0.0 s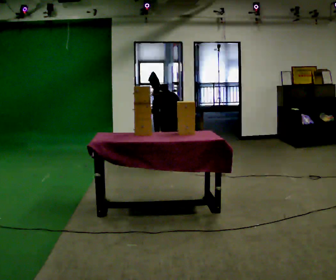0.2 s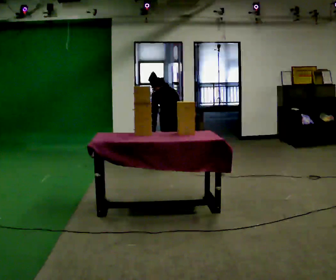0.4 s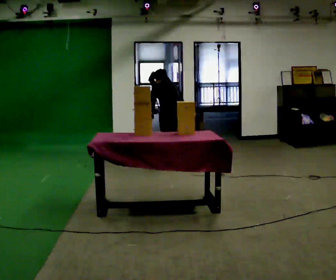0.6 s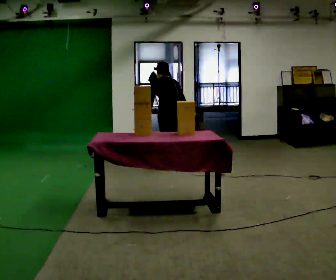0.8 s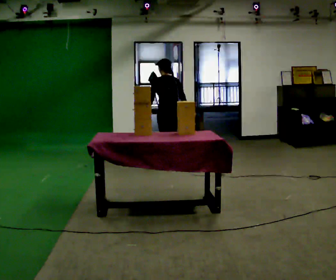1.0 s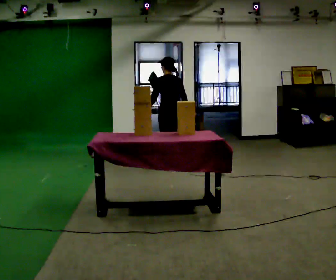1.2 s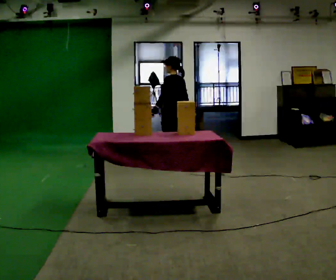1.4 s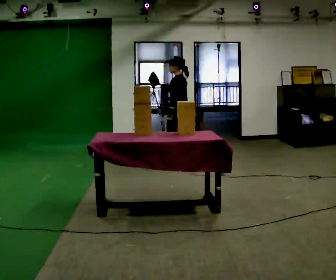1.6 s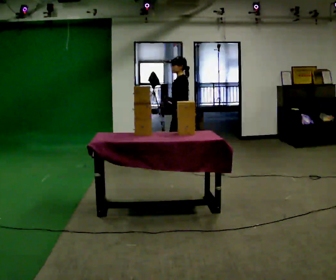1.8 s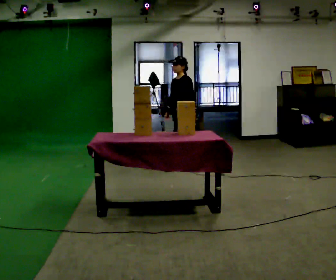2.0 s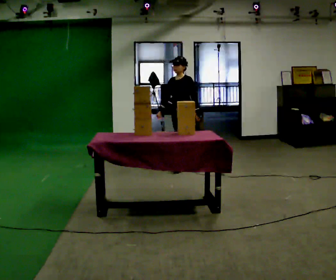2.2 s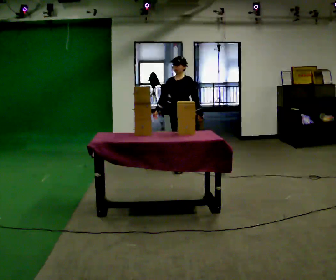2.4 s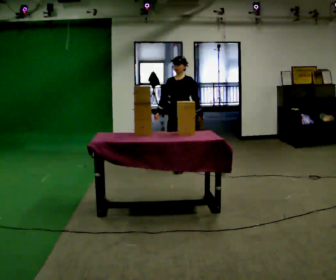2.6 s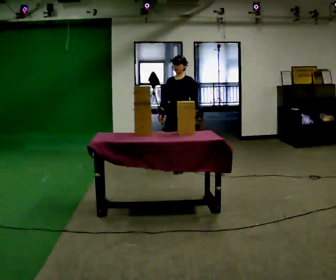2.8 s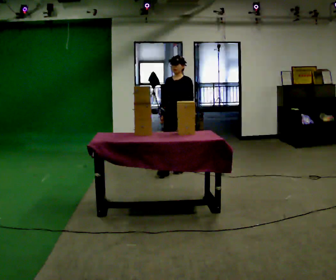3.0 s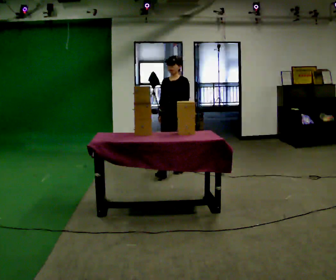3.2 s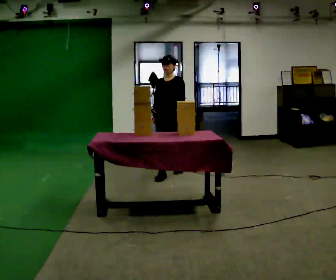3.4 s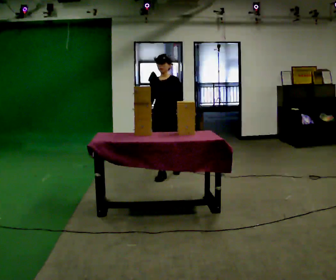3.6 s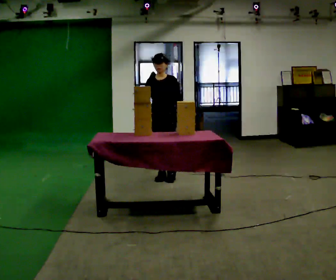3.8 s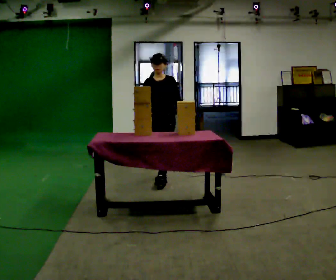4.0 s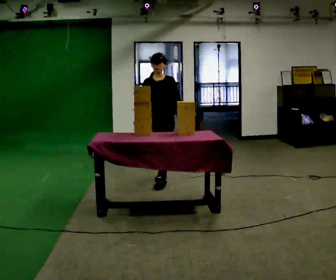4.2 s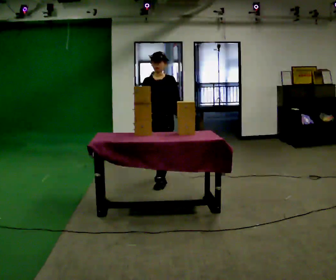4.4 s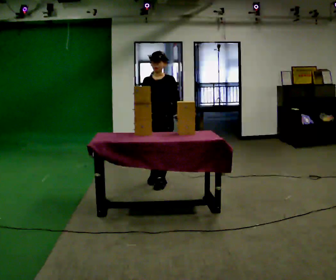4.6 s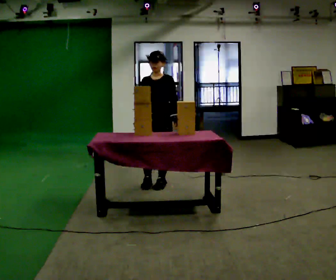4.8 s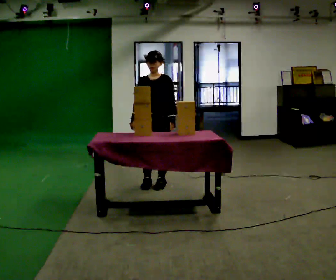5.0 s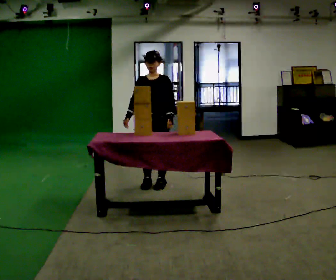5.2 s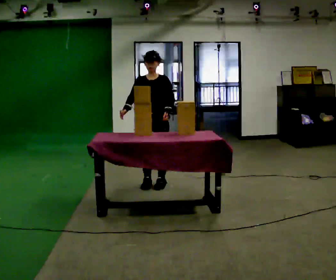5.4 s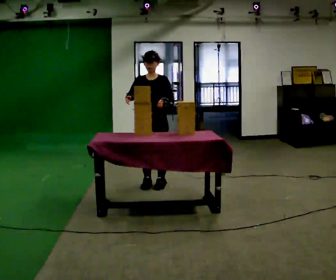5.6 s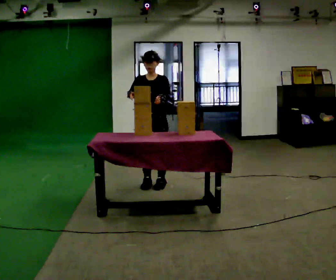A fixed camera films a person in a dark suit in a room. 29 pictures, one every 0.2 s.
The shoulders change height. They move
upward.
The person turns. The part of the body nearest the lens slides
to the right.
0.0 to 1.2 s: Seen from above the body turns counterclockwise, about 30 degrees: to their left, with its near side sliding to the right. In the picture they go away from the camera, about 0.25 m in 1 step, which for them is forward. The upper body goes upward. The upper body tips toward the camera, its near side rolling downward, as they lean back or straighten. In the picture their left hand goes upward.
1.2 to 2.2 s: The part of the body nearest the lens slides to the right as the person turns to their left by about 90 degrees. In the picture their left hand goes to the right, the arm swinging counterclockwise.
2.2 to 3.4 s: In the picture they go toward the camera and to the left, about 0.5 m in 1 step, which for them is forward.
3.4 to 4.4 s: In the picture they go toward the camera, about 0.25 m in 1 step, which for them is forward.
4.4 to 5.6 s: In the picture their right hand goes upward.
The film runs forward here.
